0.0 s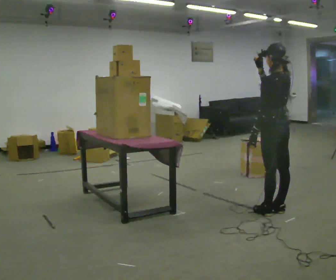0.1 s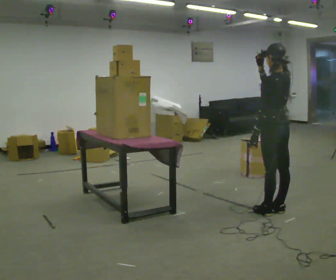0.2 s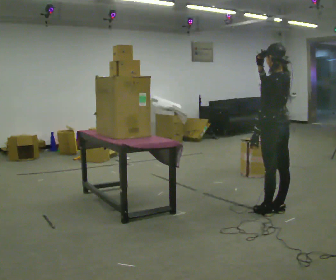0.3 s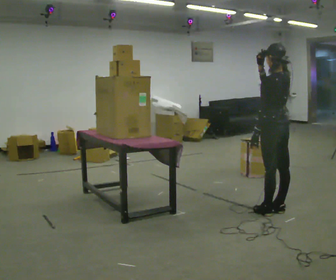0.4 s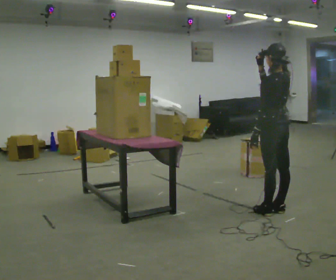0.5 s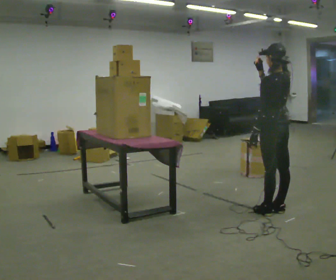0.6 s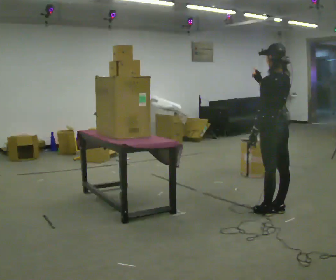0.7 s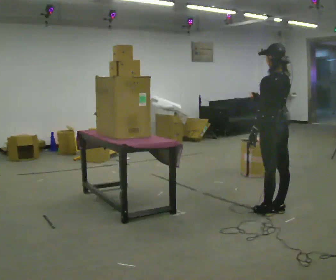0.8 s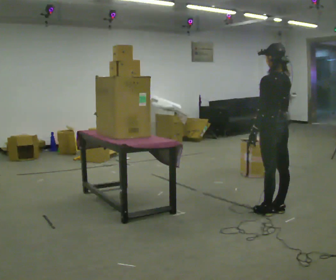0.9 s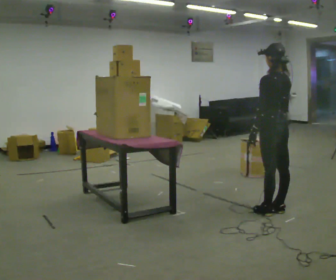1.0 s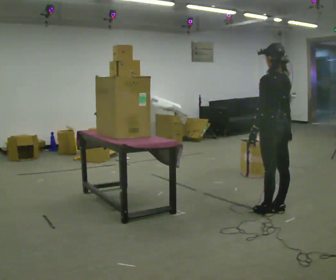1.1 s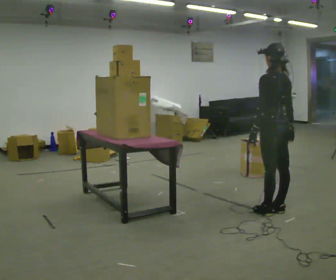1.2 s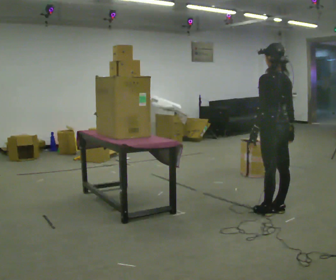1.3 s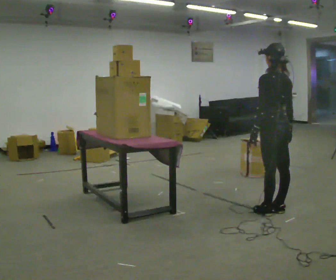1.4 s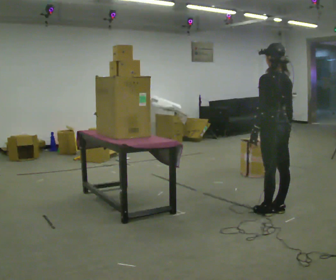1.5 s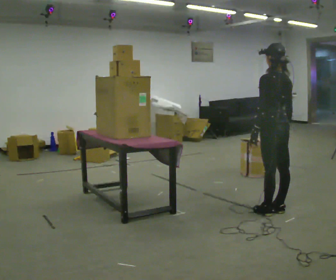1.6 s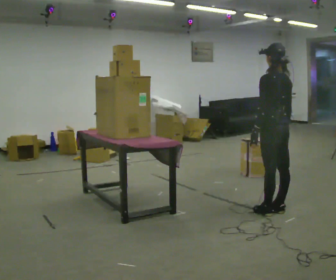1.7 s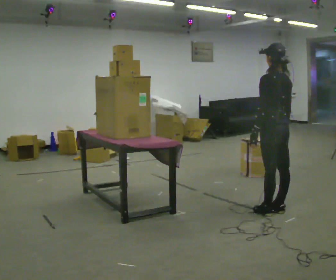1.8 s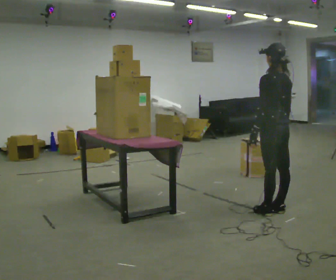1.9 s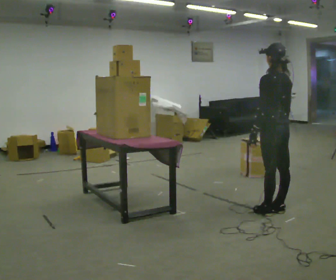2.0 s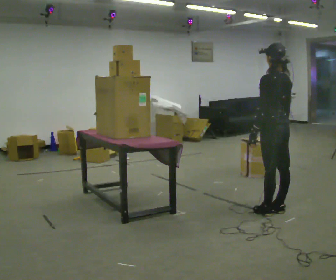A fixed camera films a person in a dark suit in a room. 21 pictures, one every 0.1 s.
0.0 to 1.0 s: In the picture their right hand goes downward.
1.0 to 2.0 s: The person moves a little, or ends about where they began.
The film runs forward here.
